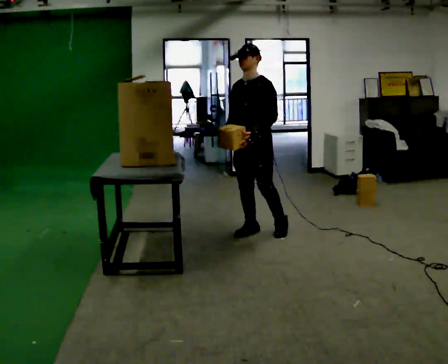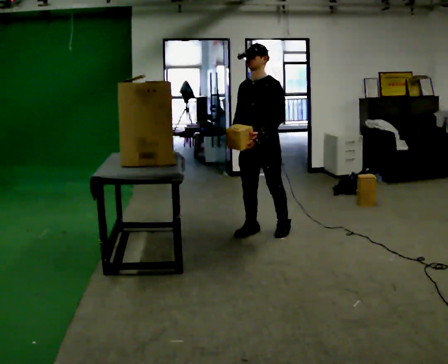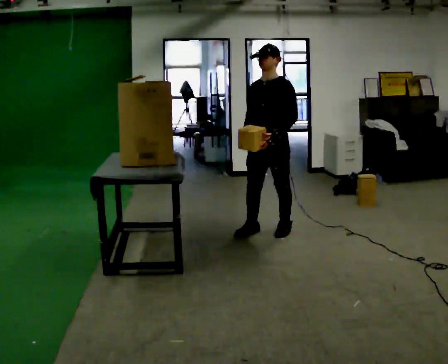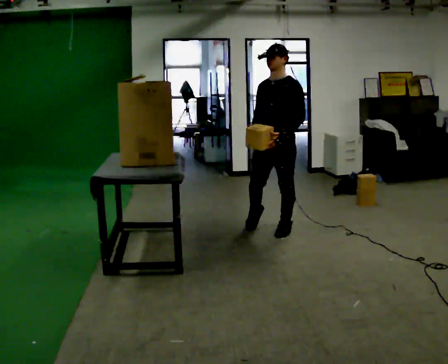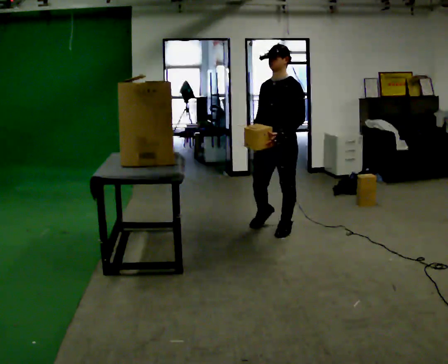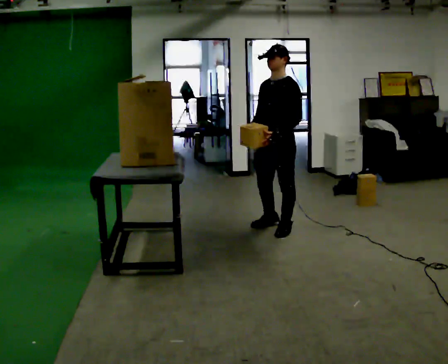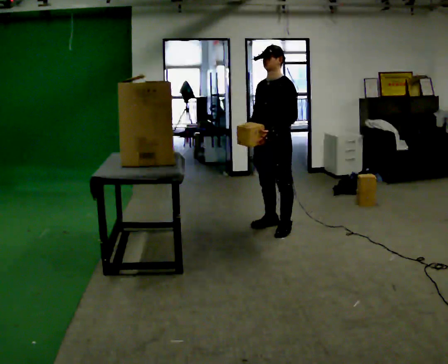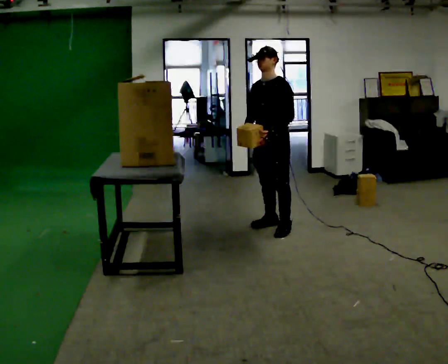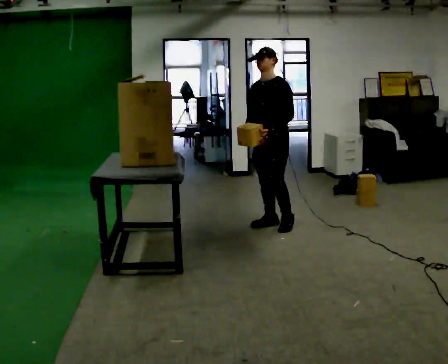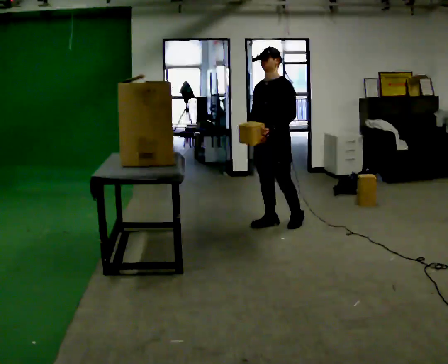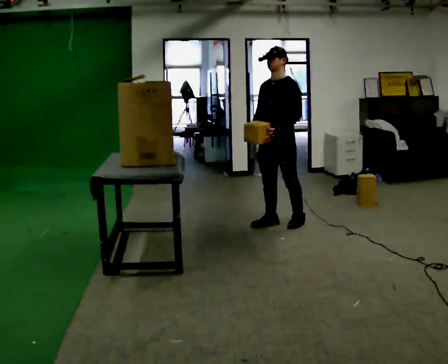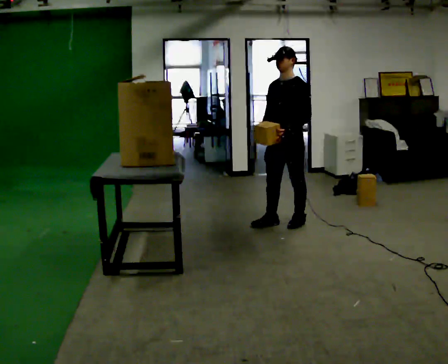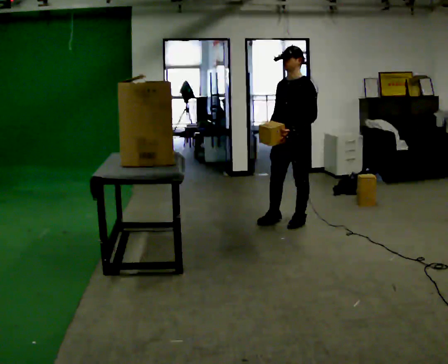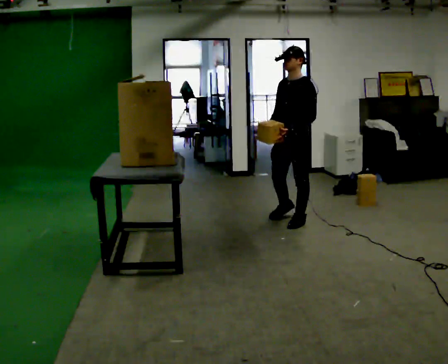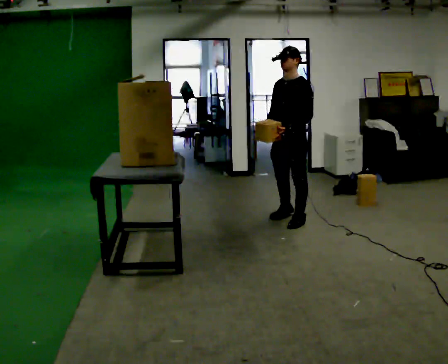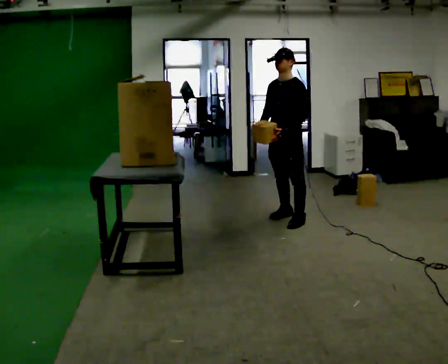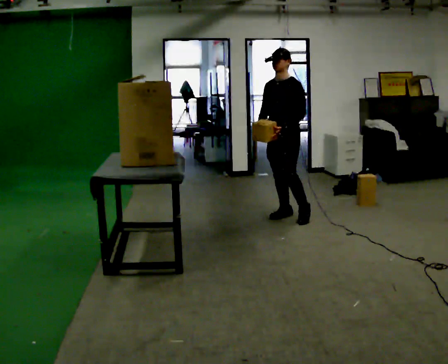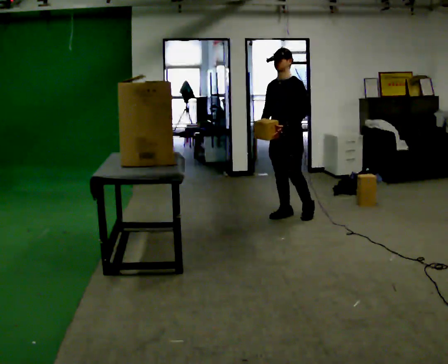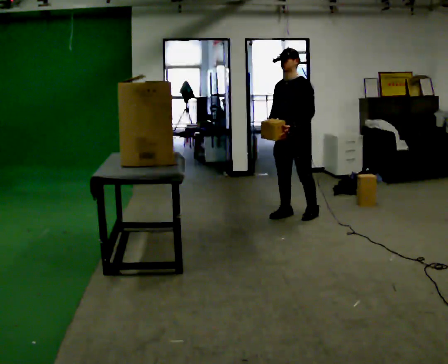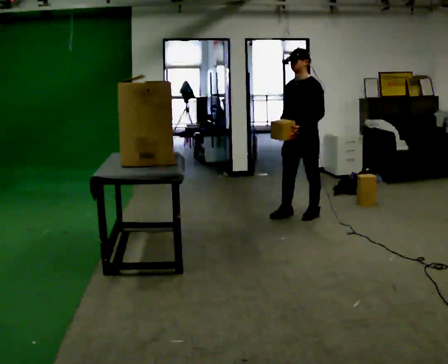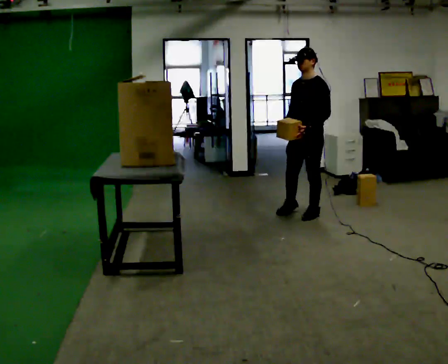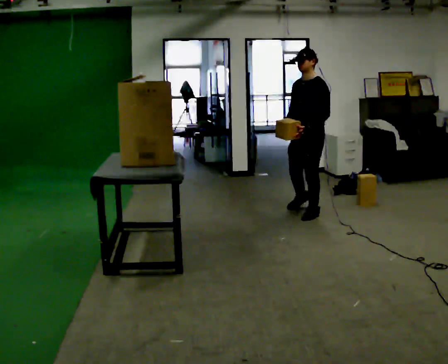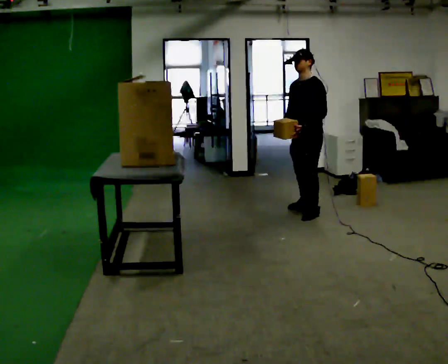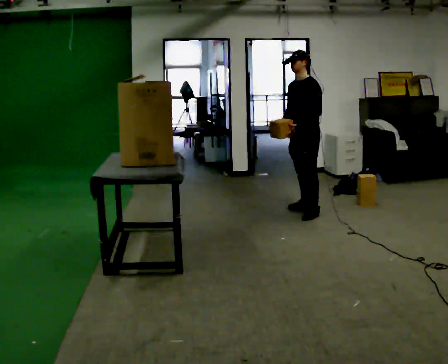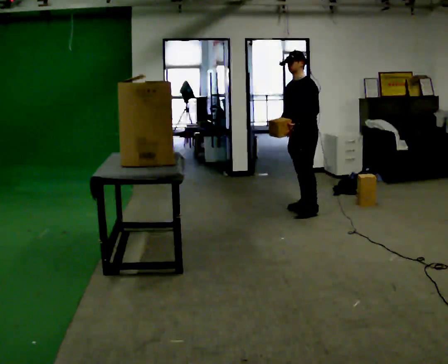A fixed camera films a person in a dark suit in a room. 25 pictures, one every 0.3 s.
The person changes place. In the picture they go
away from the camera.
0.0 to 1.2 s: In the picture they go to the right, about 0.25 m in 1 step, which for them is to their left.
1.2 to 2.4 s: In the picture they go away from the camera, about 0.25 m in 1 step, which for them is to their right and backward.
2.4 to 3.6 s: In the picture they go to the right, about 0.25 m in 1 step, which for them is to their left.
3.6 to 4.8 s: In the picture they go away from the camera, about 0.25 m in 1 step, which for them is to their right and backward.
4.8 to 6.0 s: In the picture they go to the right, about 0.25 m in 1 step, which for them is to their left and backward.
6.0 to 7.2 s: In the picture they go away from the camera, about 0.25 m, which for them is to their right and backward.
The film runs backward here.
